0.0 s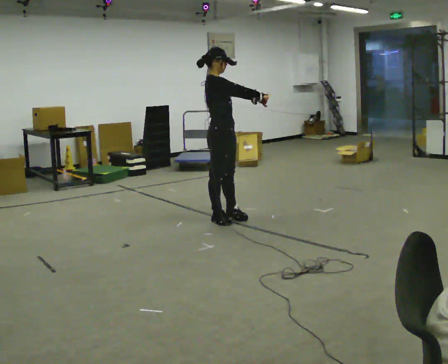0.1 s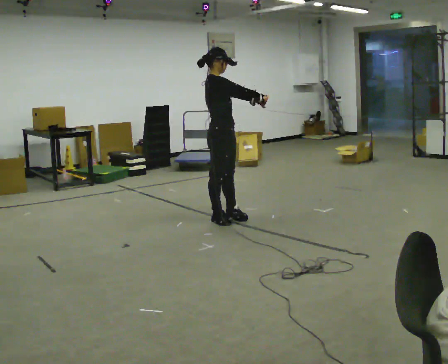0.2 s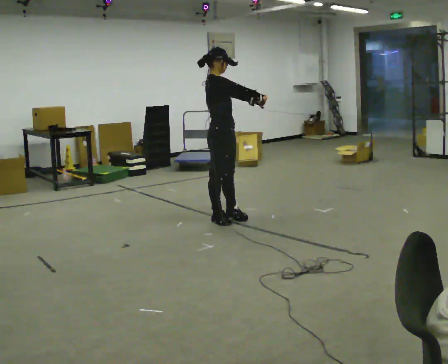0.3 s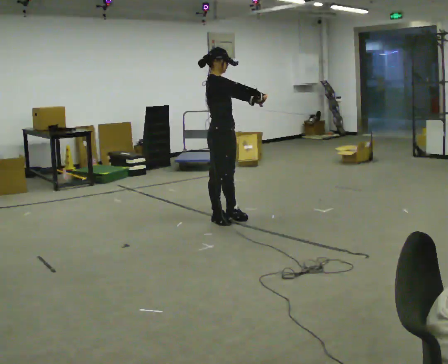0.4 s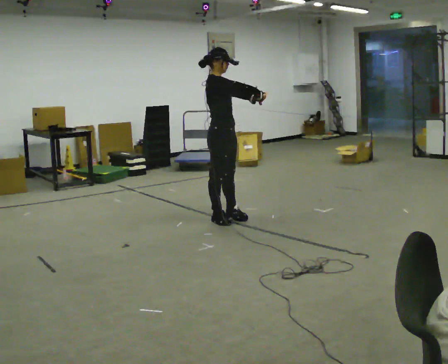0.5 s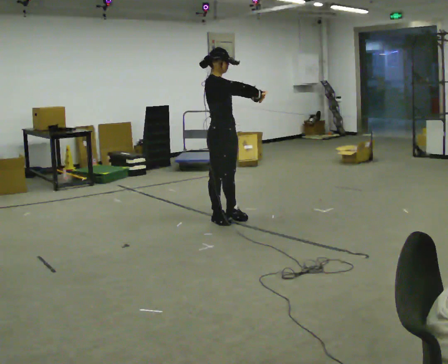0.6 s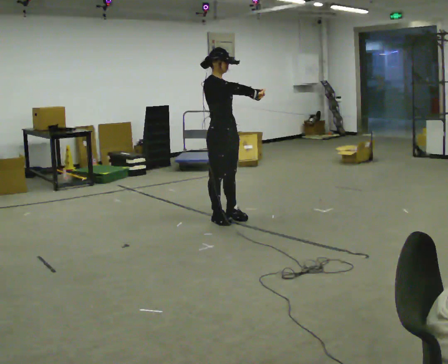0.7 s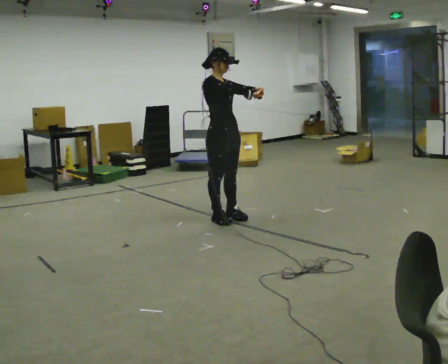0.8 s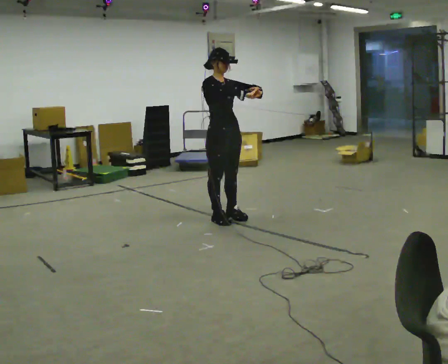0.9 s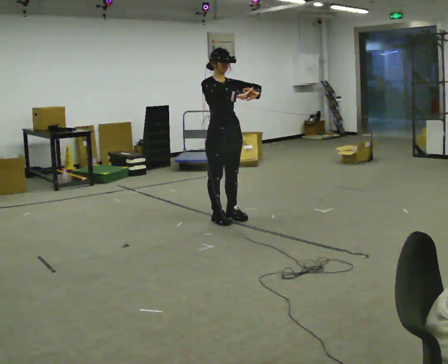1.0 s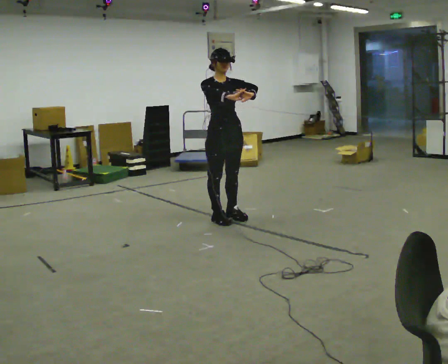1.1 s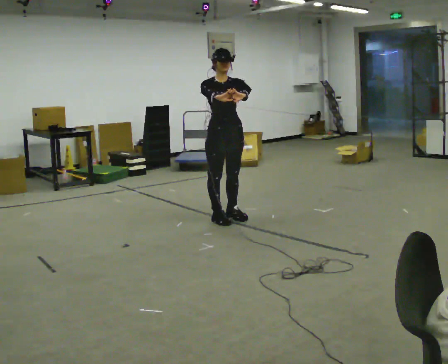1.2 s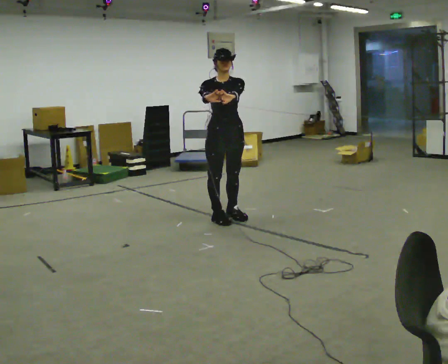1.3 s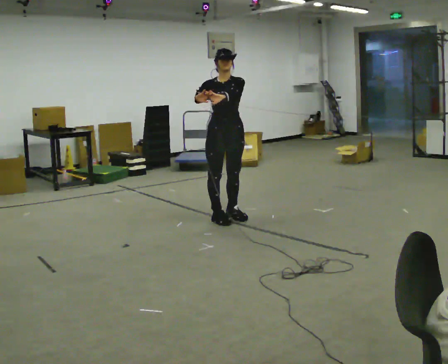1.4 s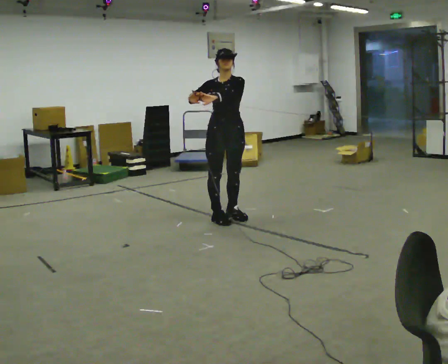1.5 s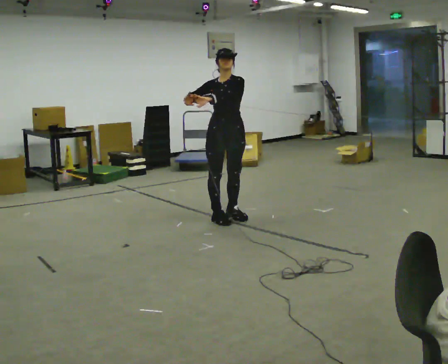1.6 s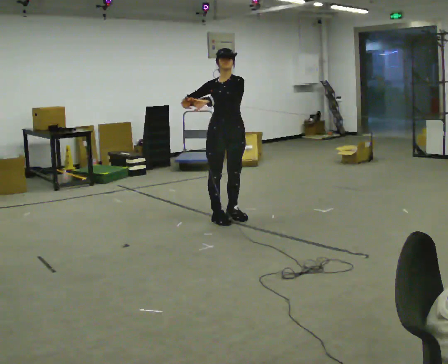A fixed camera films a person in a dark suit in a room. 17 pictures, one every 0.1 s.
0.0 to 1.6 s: The part of the body nearest the lens slides to the left as the person turns to their right by about 75 degrees. In the picture their left hand goes to the left.
The film runs backward here.
